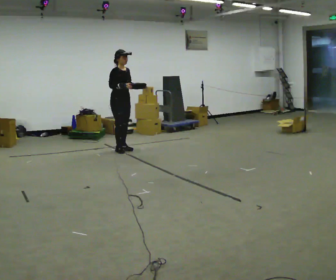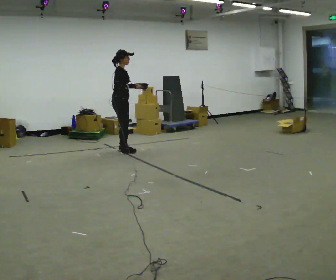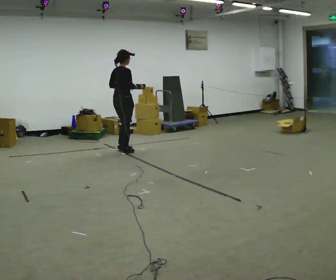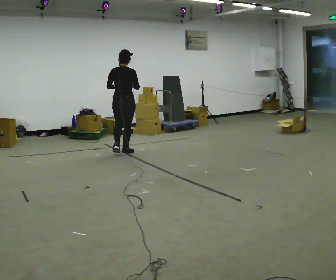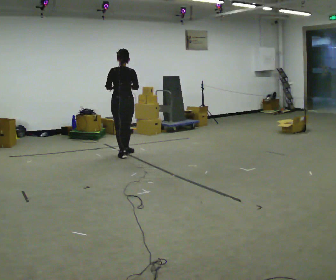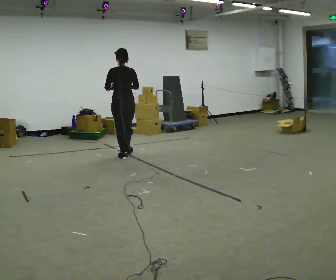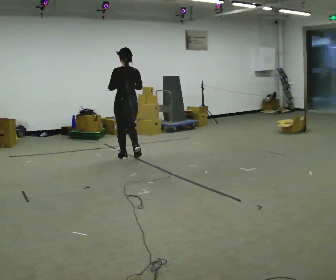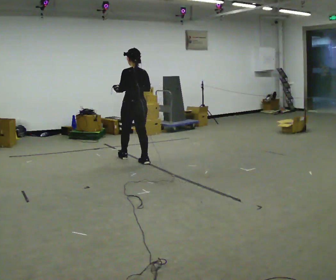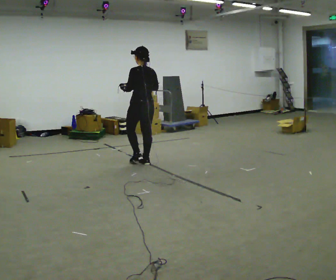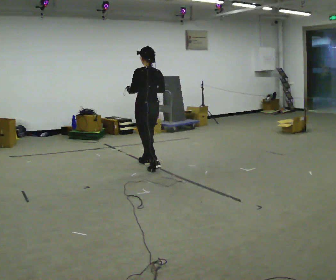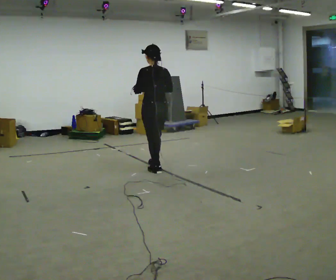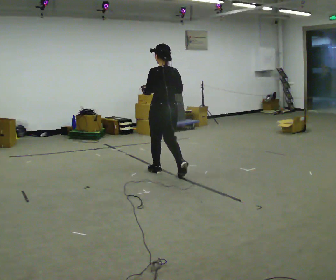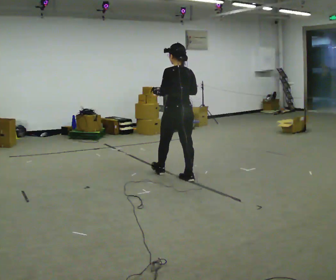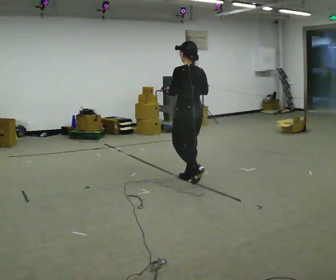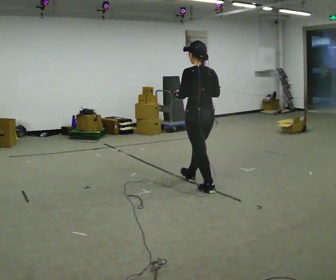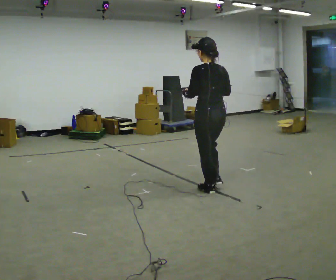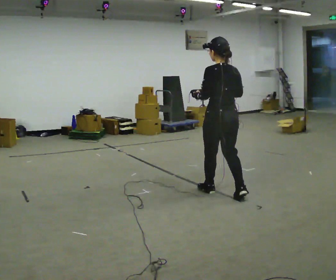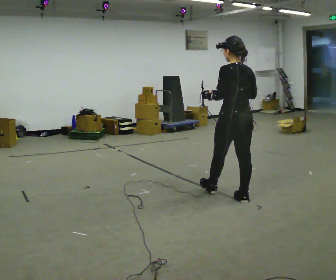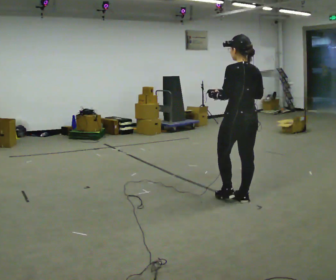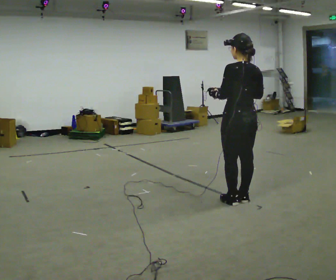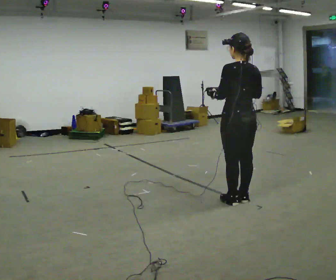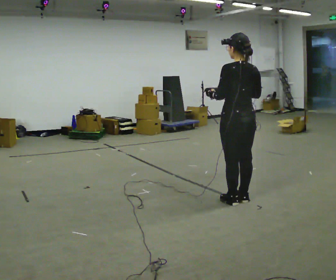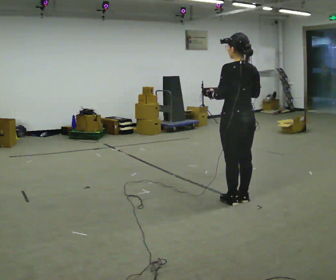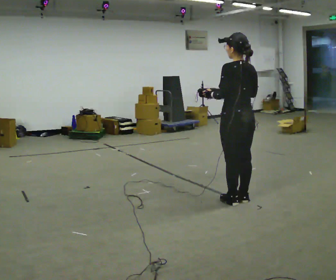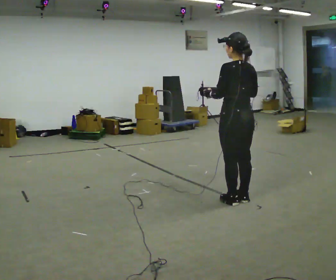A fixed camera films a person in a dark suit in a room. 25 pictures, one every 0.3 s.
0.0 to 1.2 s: The part of the body nearest the lens slides to the right as the person turns to their left by about 150 degrees. In the picture they go toward the camera, about 0.5 m in 2 steps.
1.2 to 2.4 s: Seen from above the body turns counterclockwise, about 30 degrees: to their left, with its near side sliding to the right. In the picture they go toward the camera and to the right, about 0.5 m in 2 steps, which for them is backward.
2.4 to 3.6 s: In the picture they go toward the camera and to the right, about 1 m in 2 steps, which for them is backward.
3.6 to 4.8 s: In the picture they go toward the camera and to the right, about 1 m in 1 step, which for them is backward.
4.8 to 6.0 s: In the picture they go toward the camera and to the right, about 0.25 m in 1 step, which for them is backward.
6.0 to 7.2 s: The person moves a little, or ends about where they began.
The film runs backward here.
